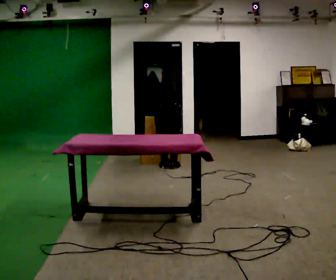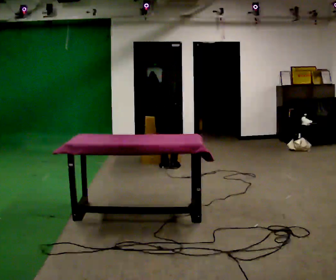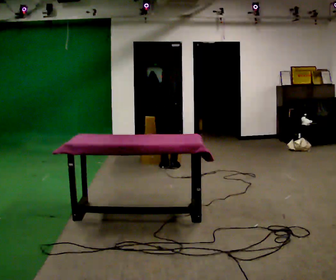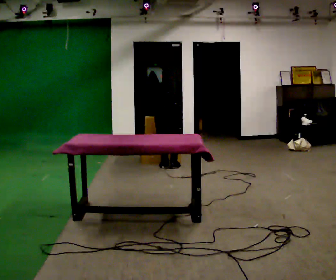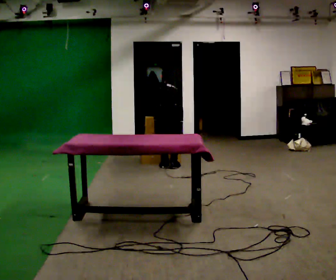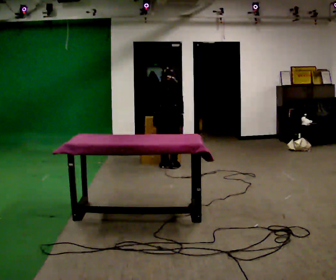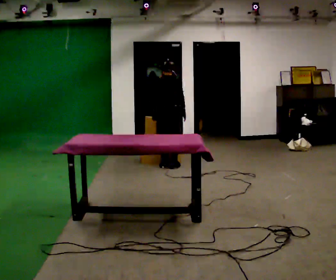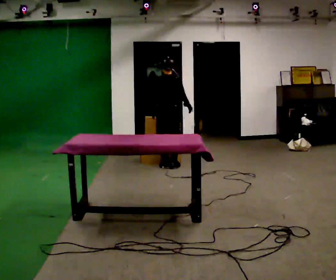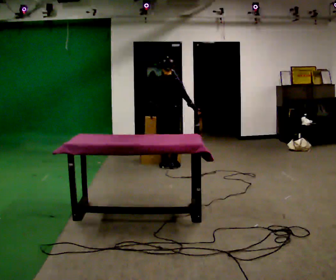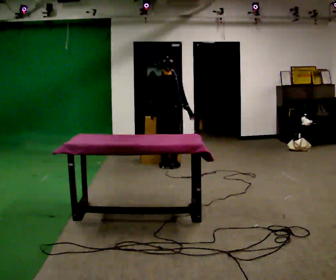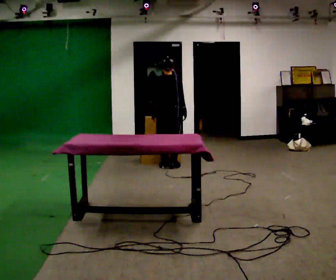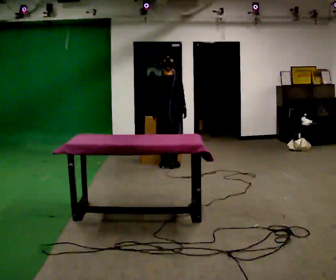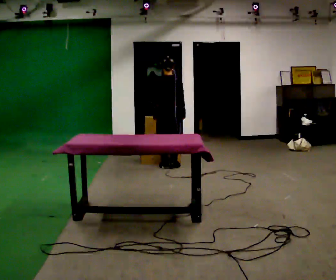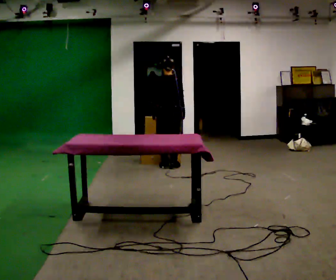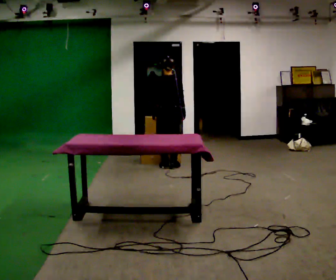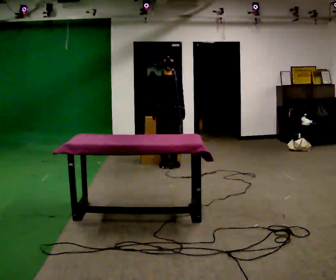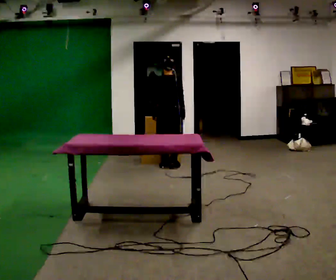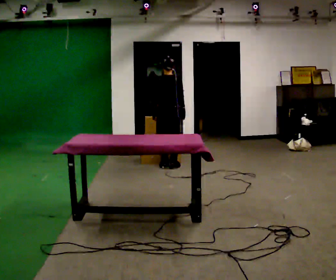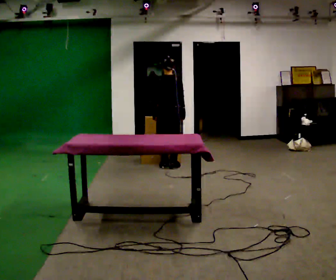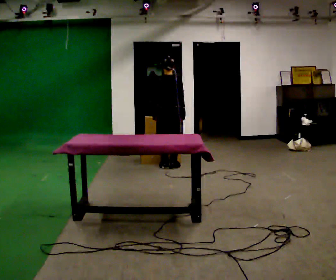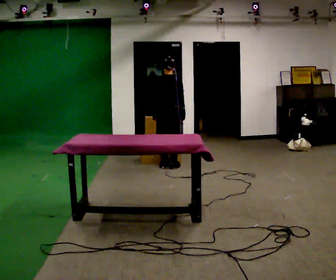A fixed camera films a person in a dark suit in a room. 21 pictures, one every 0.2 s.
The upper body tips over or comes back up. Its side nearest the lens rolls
downward.
The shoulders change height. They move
upward.
0.0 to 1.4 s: The upper body goes upward. The upper body tips toward the camera, its near side rolling downward, as they lean back or straighten. In the picture their right hand goes upward.
1.4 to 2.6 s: The person moves a little, or ends about where they began.
2.6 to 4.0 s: The person keeps their place and pose.
The film runs forward here.
